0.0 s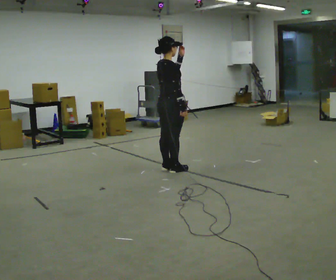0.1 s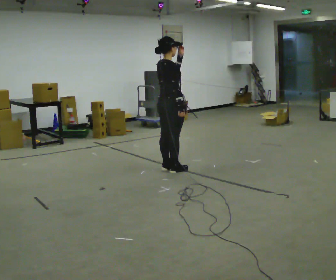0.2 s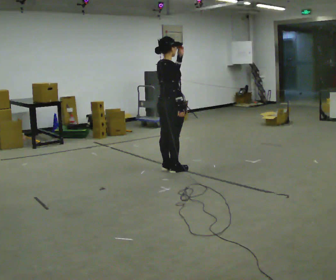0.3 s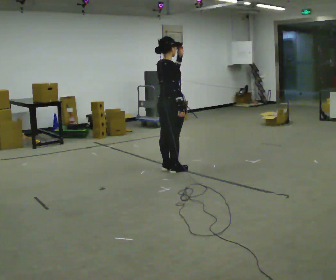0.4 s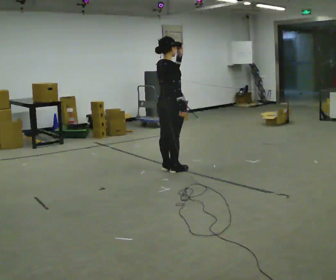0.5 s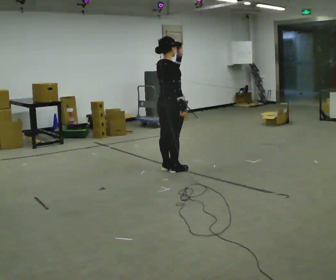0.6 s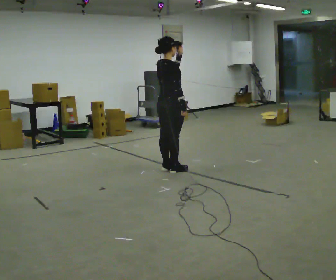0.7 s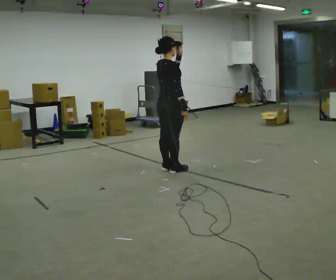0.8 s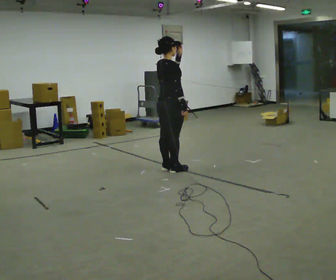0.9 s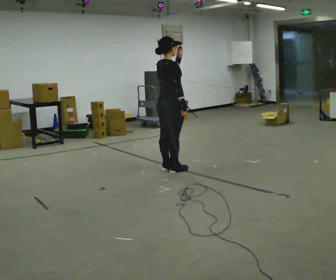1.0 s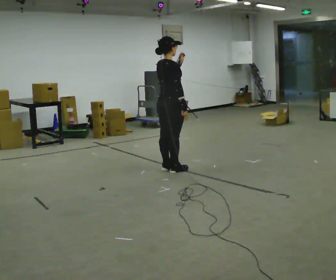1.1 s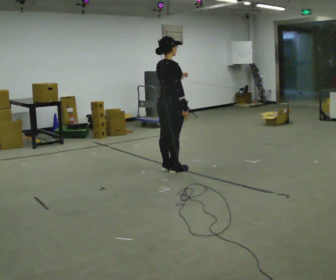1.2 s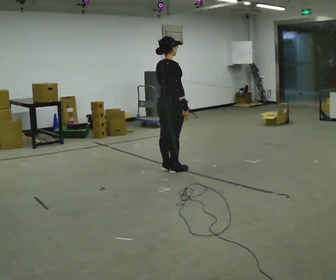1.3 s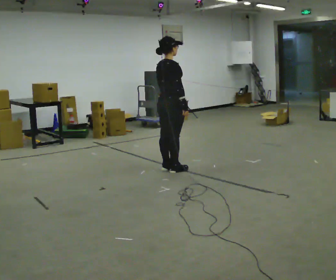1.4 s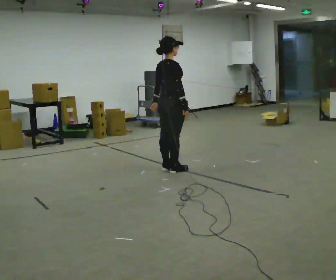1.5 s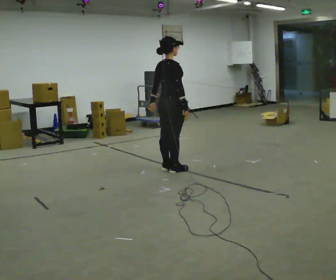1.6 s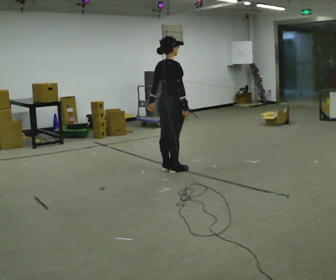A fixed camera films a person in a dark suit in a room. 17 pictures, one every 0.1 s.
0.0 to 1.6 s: In the picture their left hand goes downward and to the left.
The film runs forward here.
